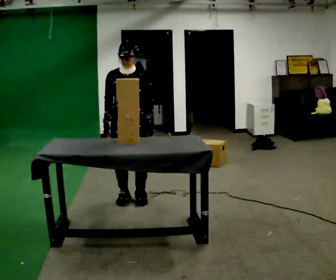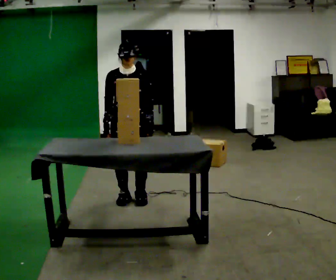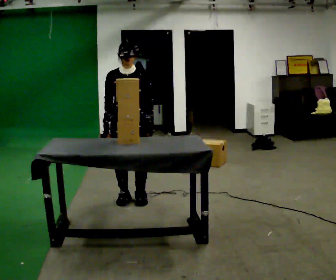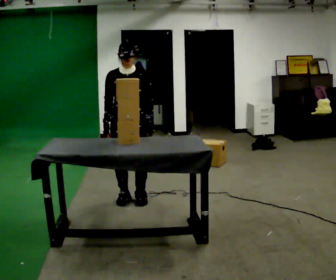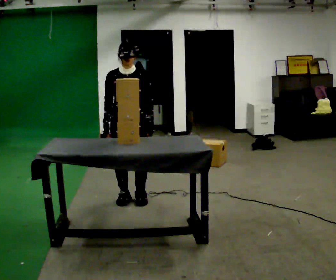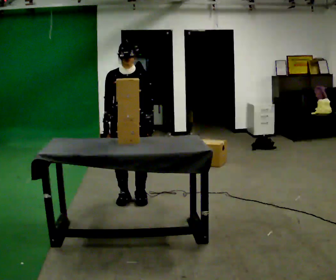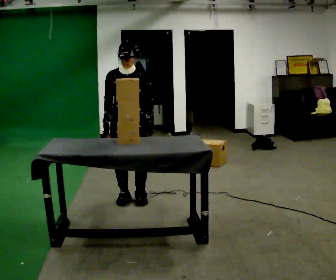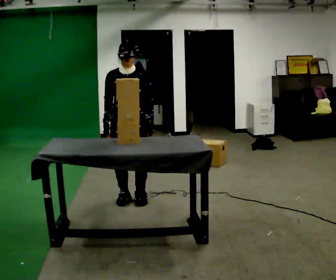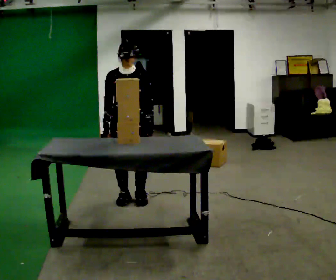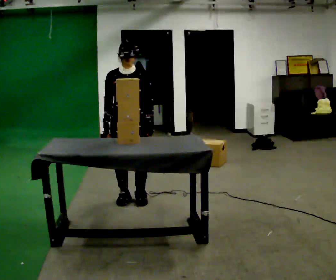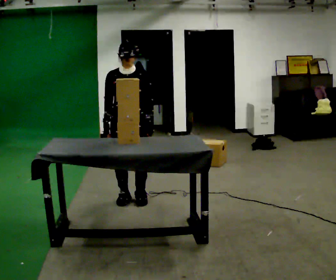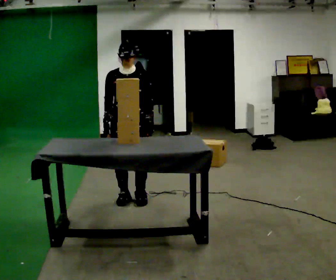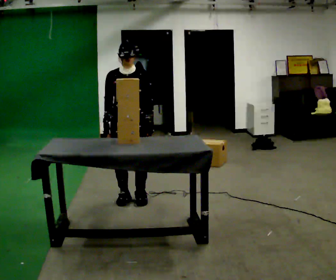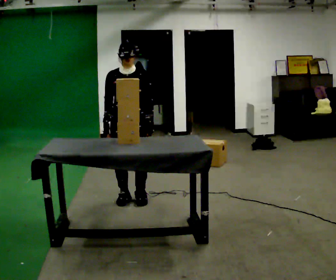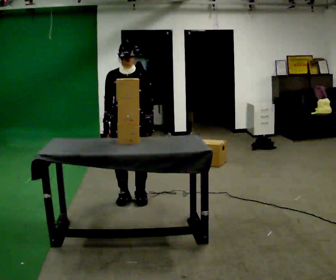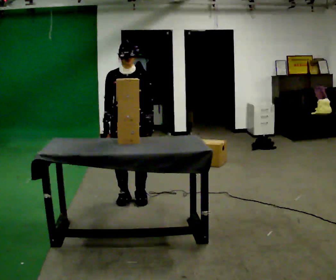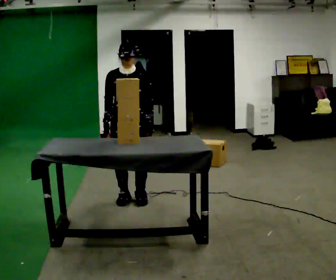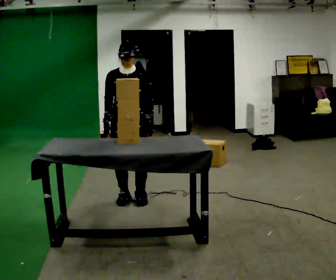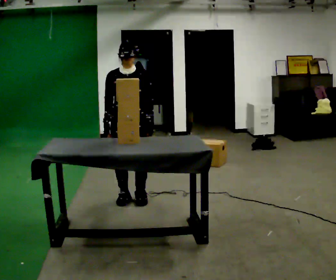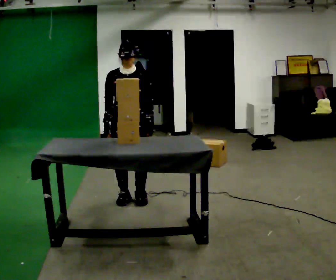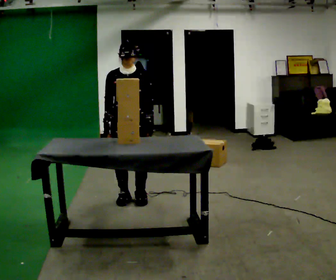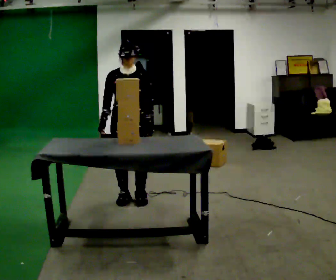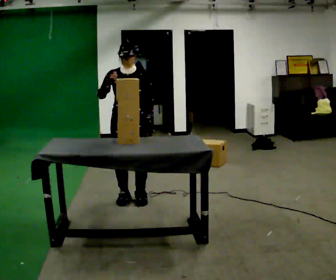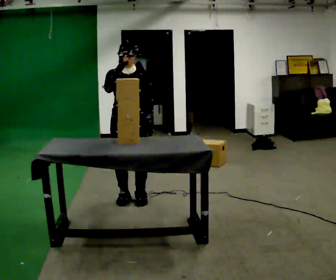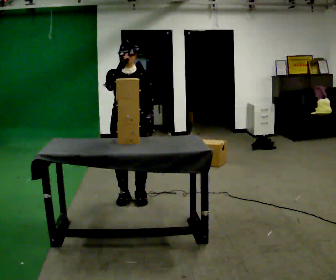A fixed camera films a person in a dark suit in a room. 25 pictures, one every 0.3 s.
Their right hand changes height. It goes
upward.
0.0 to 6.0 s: The person keeps their place and pose.
6.0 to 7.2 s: In the picture their right hand goes upward.
The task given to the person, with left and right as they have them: Take each object from the table and put it in the bin that matches it, walking between the bins. Keep going until the operator says stop; one object at a time, and do not rush between trips.
The film runs forward here.
